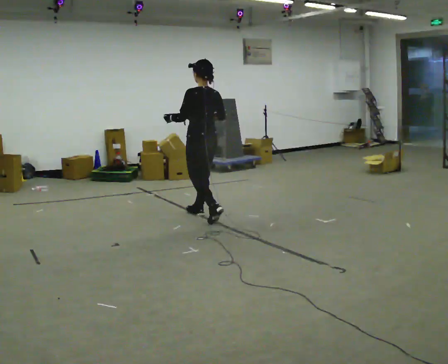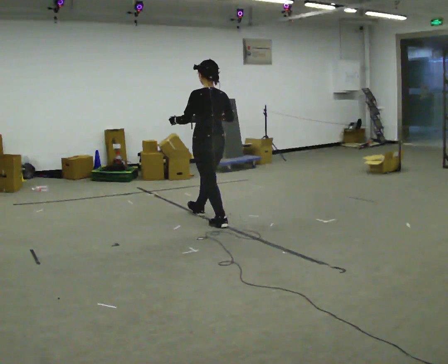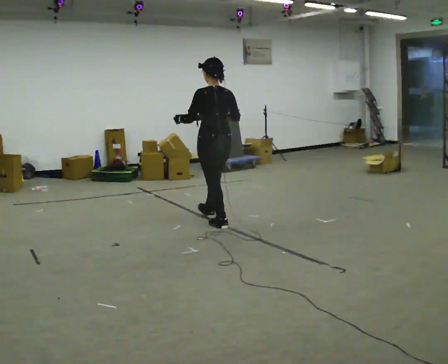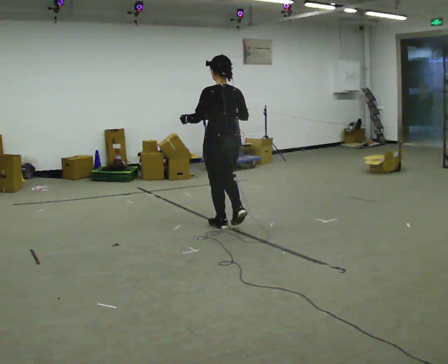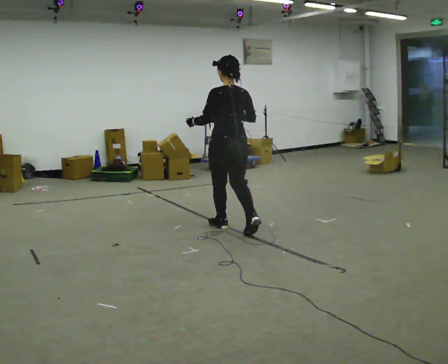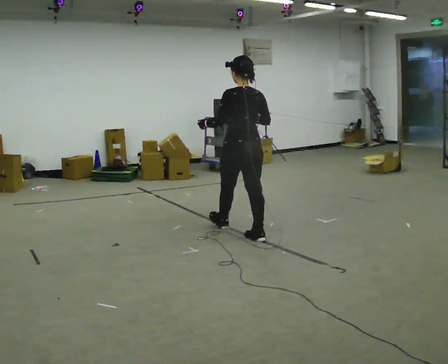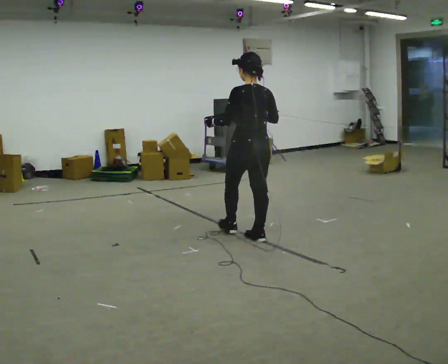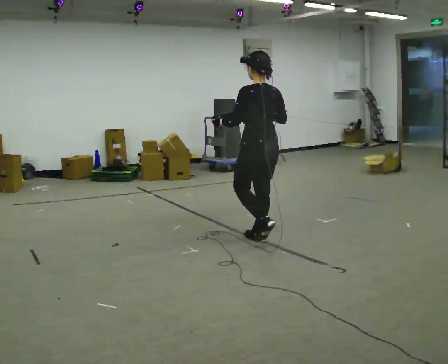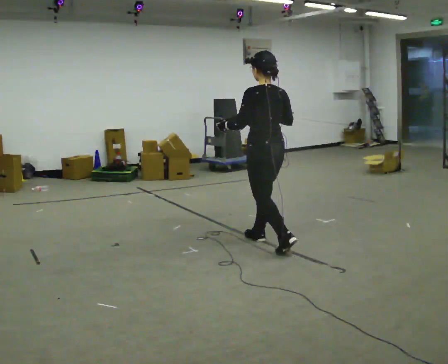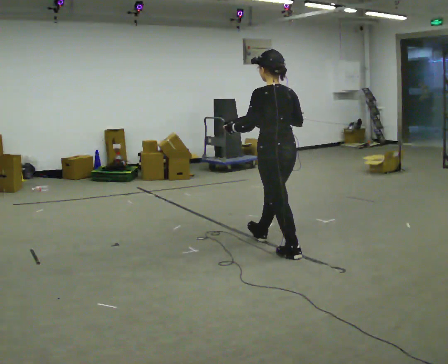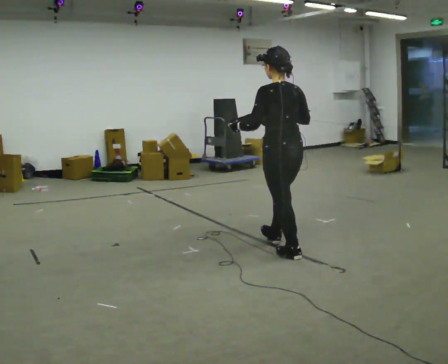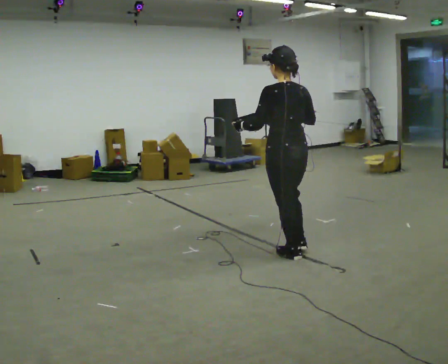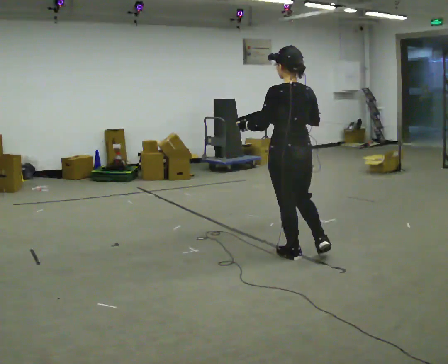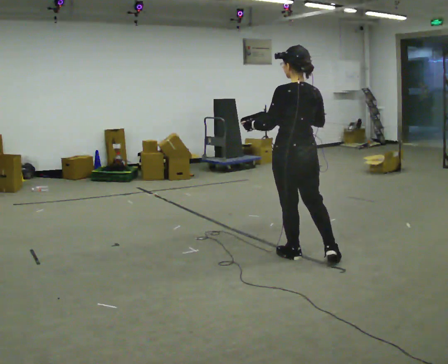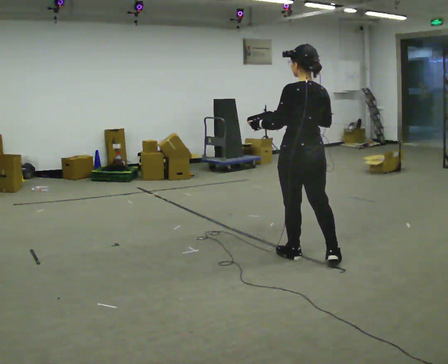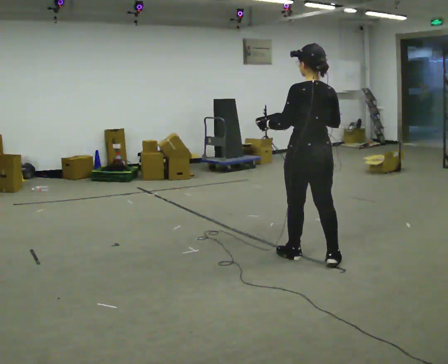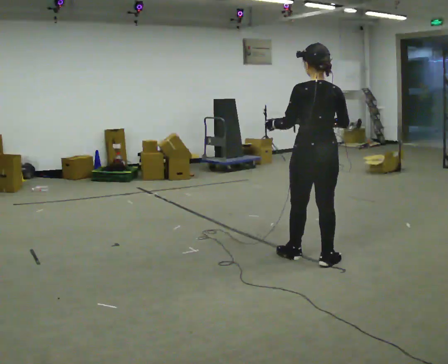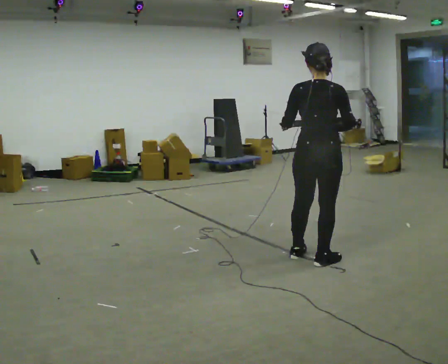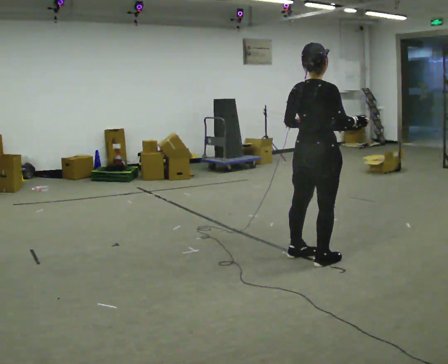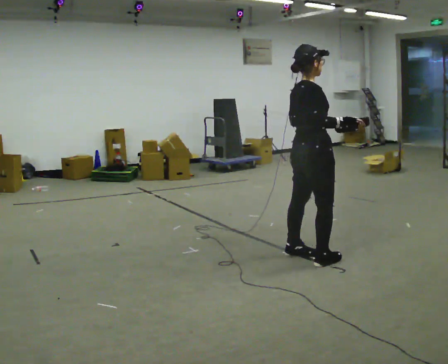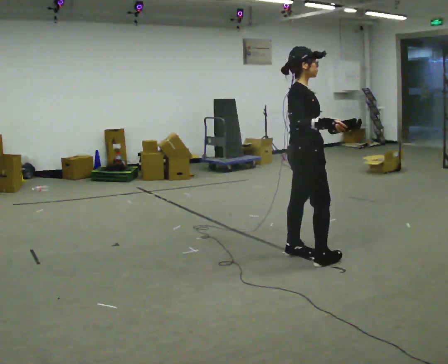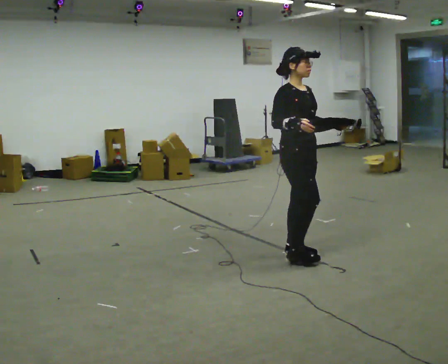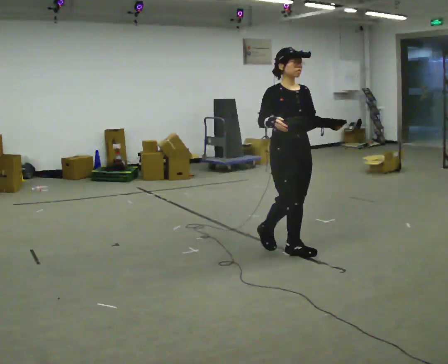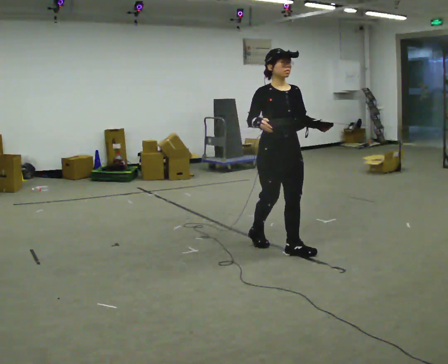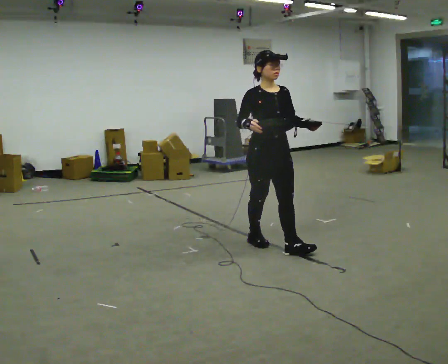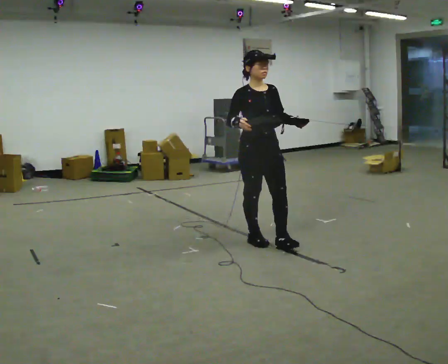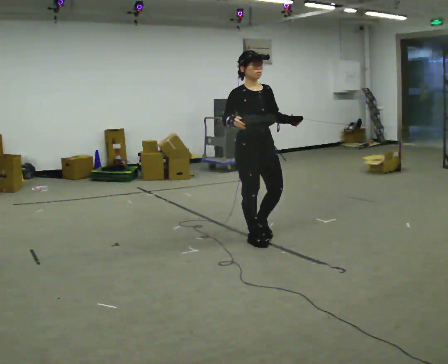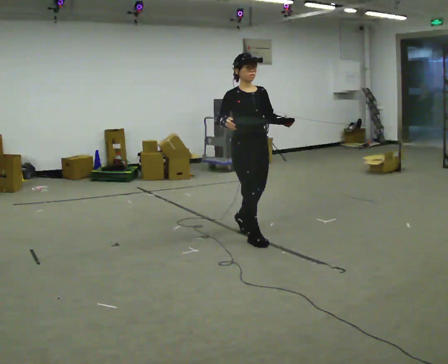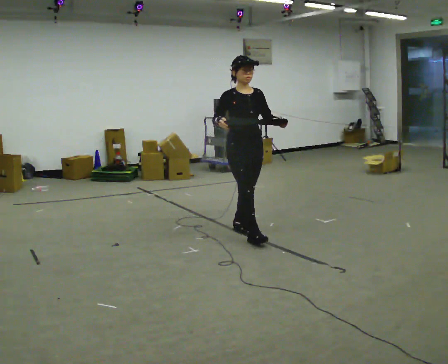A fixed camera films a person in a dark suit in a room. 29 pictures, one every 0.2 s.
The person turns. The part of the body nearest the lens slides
to the left.
The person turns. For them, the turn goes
to their right.
0.0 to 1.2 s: In the picture they go to the right and toward the camera, about 1 m in 2 steps, which for them is backward.
1.2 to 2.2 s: In the picture they go toward the camera and to the right, about 0.5 m in 1 step, which for them is backward.
2.2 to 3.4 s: The person turns about 45 degrees to their right, clockwise seen from above, so the part of the body nearest the lens slides to the left. In the picture they go to the right, about 0.25 m, which for them is backward and to their right. In the picture their right hand goes to the right.
3.4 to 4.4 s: The person turns about 135 degrees to their right, clockwise seen from above, so the part of the body nearest the lens slides to the left. In the picture they go to the left and away from the camera, about 0.25 m in 1 step.
4.4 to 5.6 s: In the picture they go away from the camera and to the left, about 0.75 m in 1 step, which for them is backward.
The film runs backward here.
